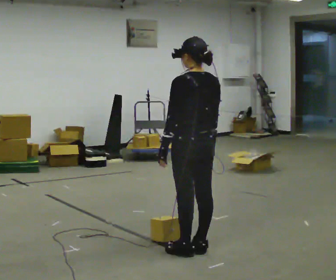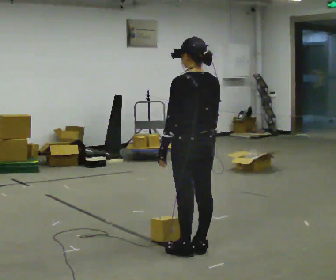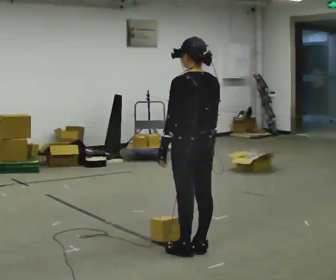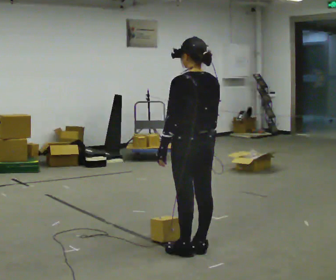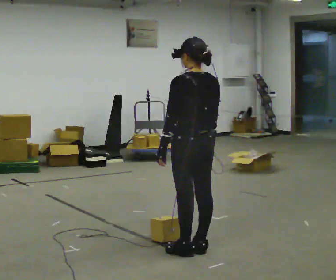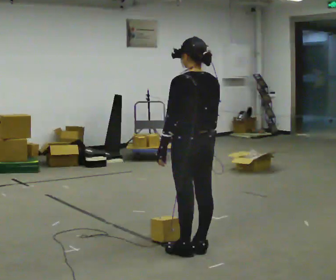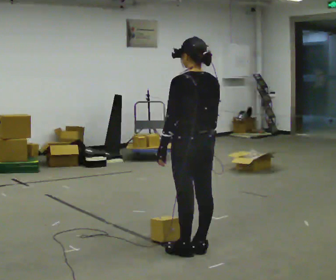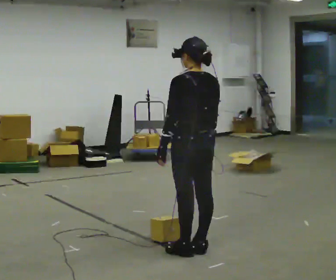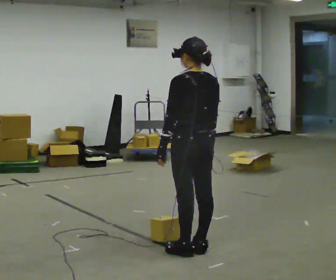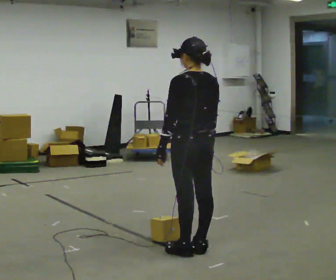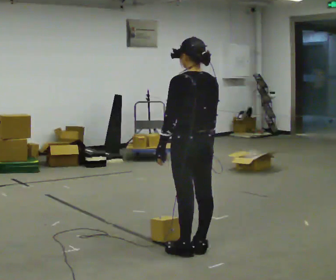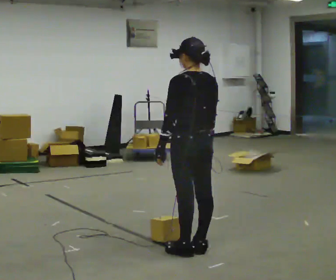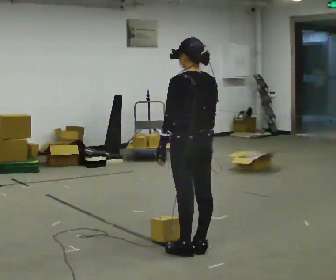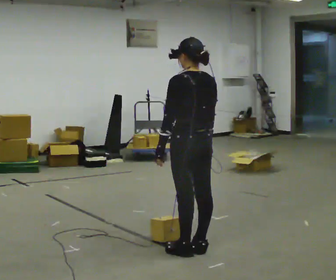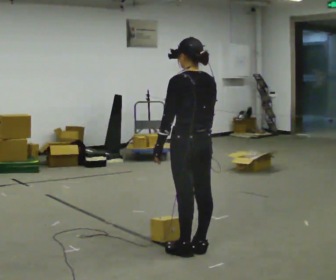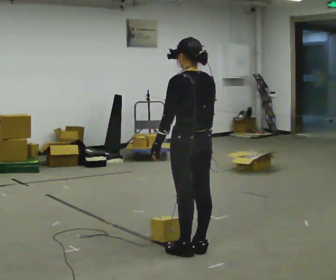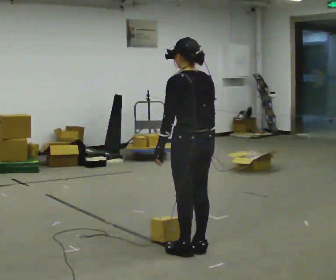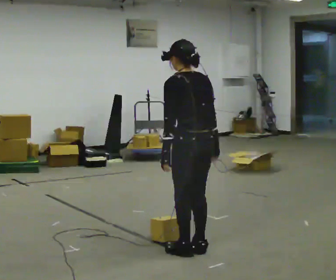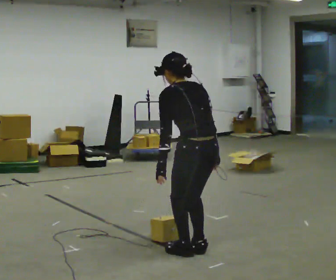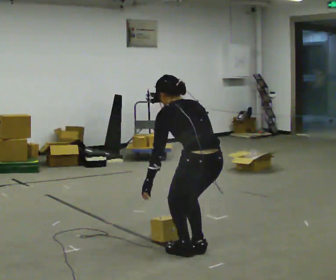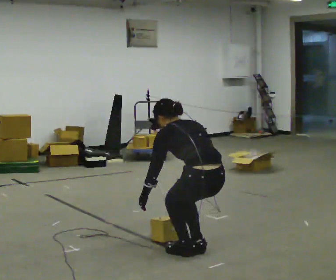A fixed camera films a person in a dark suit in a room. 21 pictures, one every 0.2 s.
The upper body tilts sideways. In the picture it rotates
counterclockwise.
0.0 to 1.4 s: The person keeps their place and pose.
1.4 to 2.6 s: The person moves a little, or ends about where they began.
2.6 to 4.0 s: The upper body goes downward. In the picture the upper body tilts counterclockwise, shoulders to the left, as they bend forward.
The film runs backward here.
